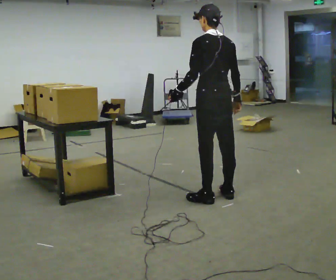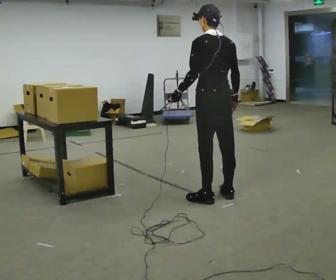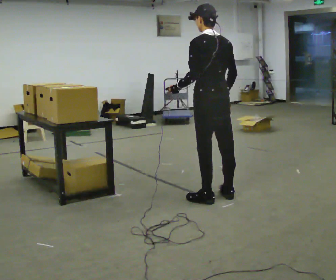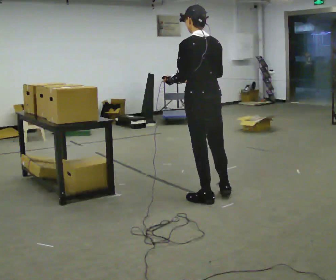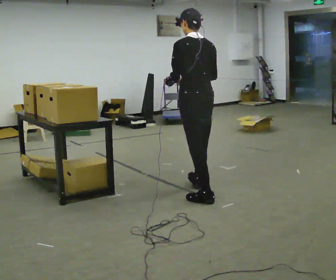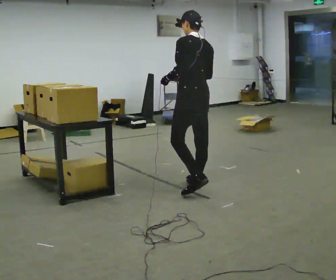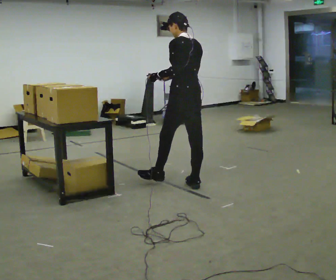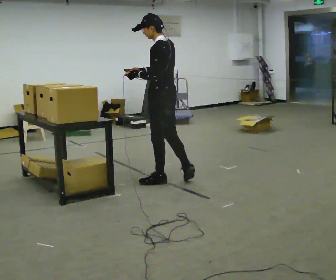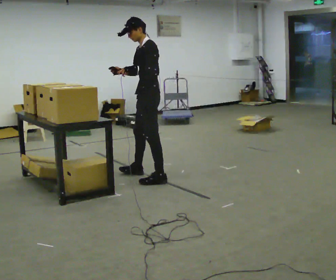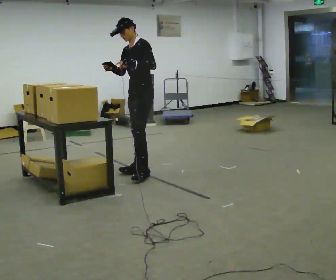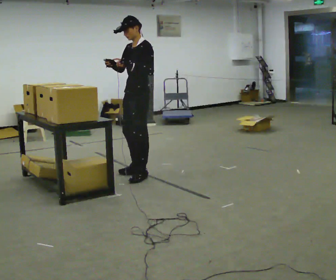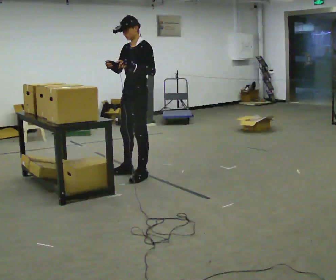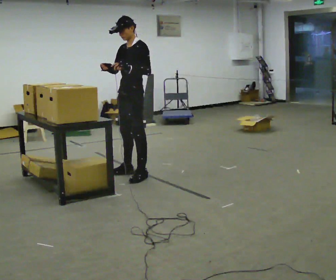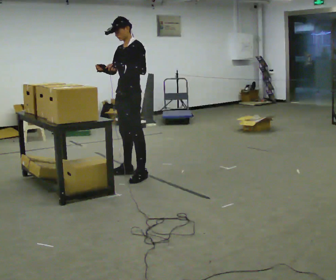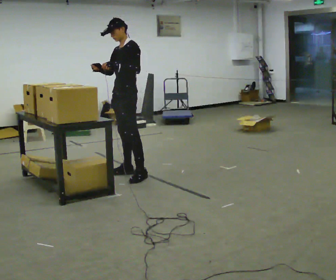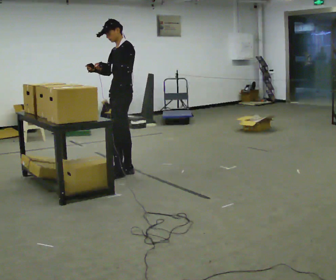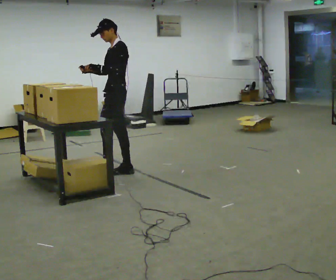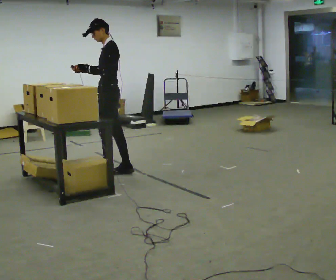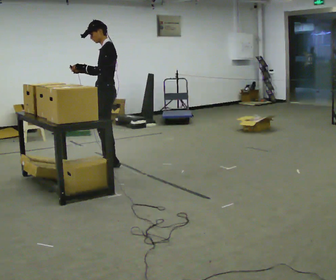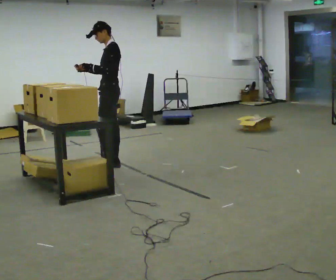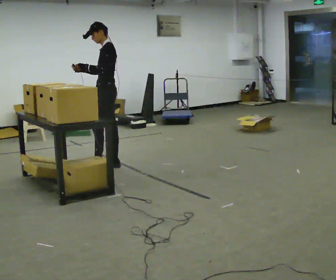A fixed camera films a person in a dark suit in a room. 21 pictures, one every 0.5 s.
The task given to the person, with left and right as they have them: Point the scanner at each label on the shelf in front of you and press the button. Repeat at your own pace until the operator says stop. Keep both feet on the marked spots for the whole take. If you have to step, stop and tell the operator.
0.0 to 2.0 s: In the picture their right hand goes to the left.
2.0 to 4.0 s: The person turns about 60 degrees to their left, counterclockwise seen from above, so the part of the body nearest the lens slides to the right. In the picture they go away from the camera and to the left, about 1 m in 2 steps.
4.0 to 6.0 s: Seen from above the body turns counterclockwise, about 30 degrees: to their left, with its near side sliding to the right. In the picture they go to the left, about 0.25 m in 1 step, which for them is to their right.
6.0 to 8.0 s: In the picture they go to the left, about 0.25 m in 1 step, which for them is to their right.
8.0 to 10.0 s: In the picture they go away from the camera, about 0.25 m in 2 steps, which for them is to their right and forward.
The film runs forward here.
